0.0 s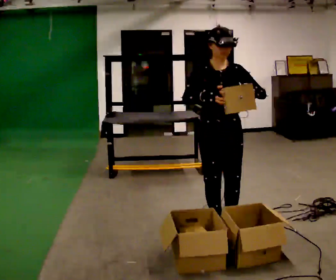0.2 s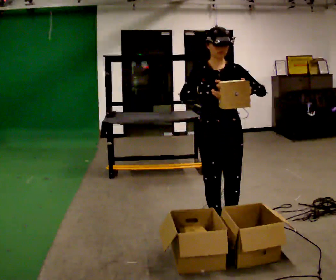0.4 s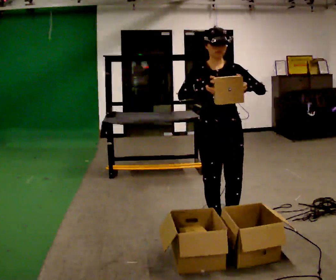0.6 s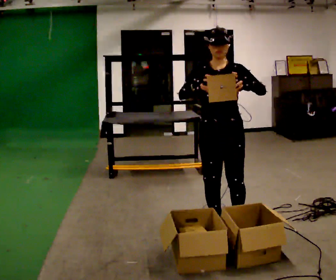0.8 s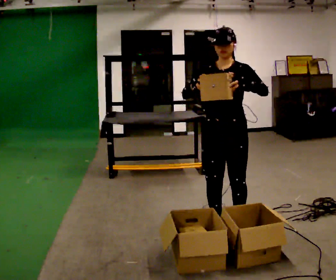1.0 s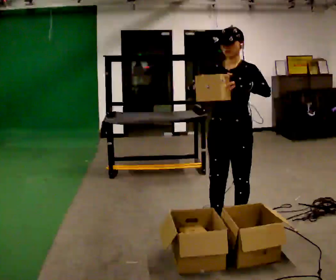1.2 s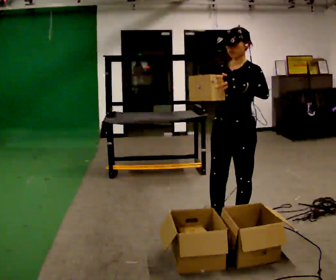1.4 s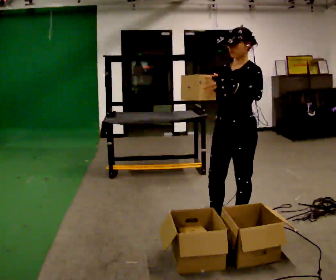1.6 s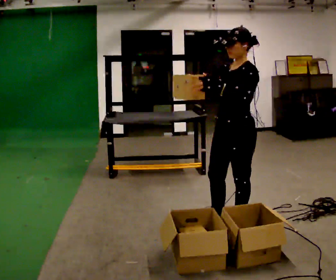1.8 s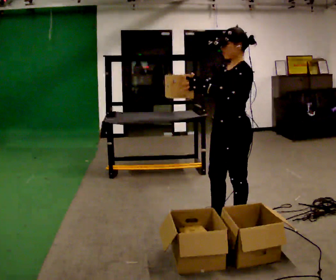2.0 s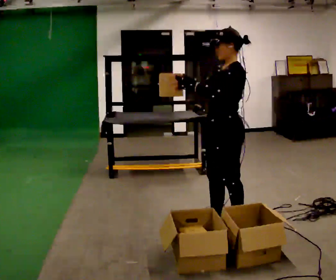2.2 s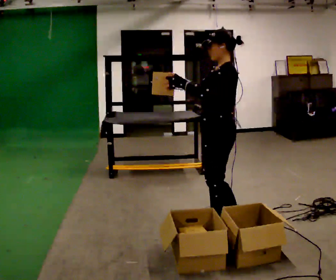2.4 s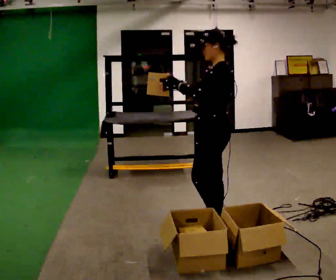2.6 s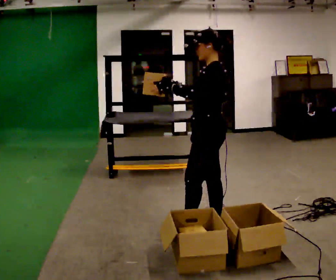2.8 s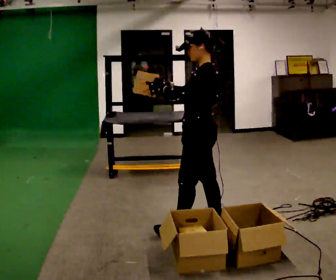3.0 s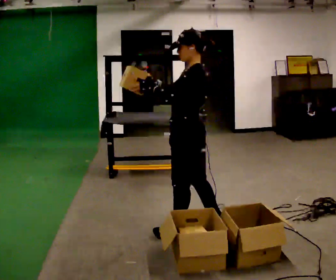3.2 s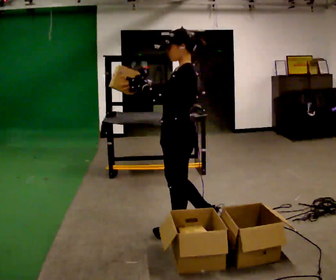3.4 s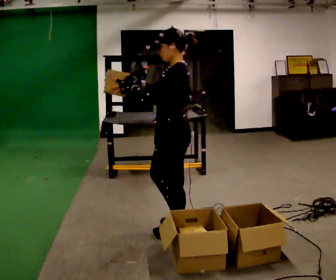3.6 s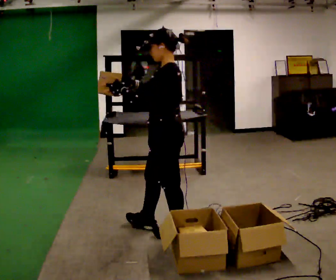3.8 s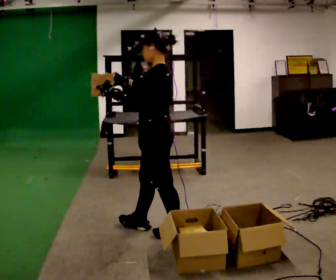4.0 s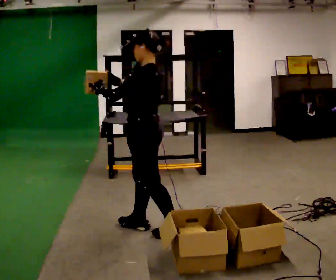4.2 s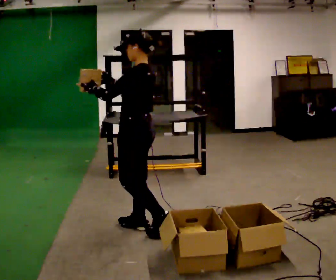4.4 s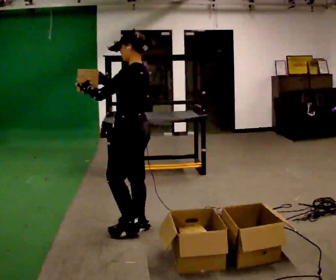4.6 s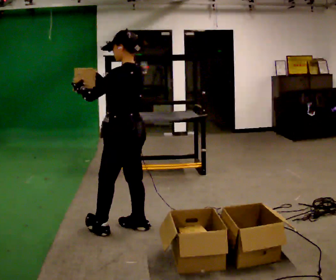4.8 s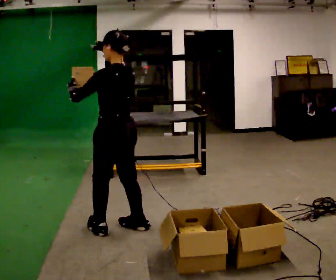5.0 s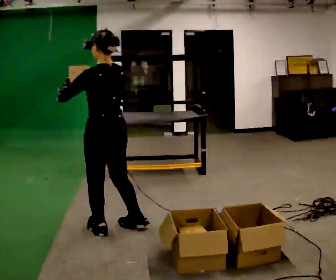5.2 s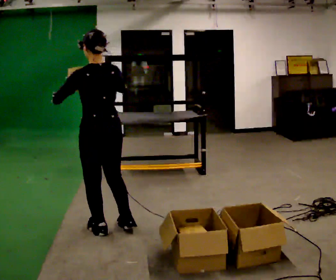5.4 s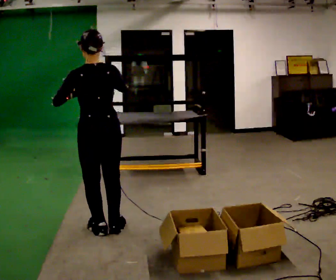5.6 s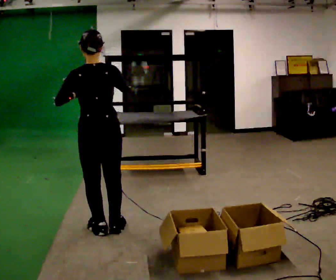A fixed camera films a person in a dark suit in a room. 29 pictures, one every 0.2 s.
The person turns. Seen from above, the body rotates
clockwise.
The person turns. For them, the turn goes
to their right.
0.0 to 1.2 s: The person turns about 45 degrees to their right, clockwise seen from above, so the part of the body nearest the lens slides to the left.
1.2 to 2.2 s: The part of the body nearest the lens slides to the left as the person turns to their right by about 45 degrees. In the picture their left hand goes to the left.
2.2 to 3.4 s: In the picture they go to the left, about 0.25 m in 1 step, which for them is forward and to their left.
3.4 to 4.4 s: In the picture they go to the left, about 0.25 m in 1 step, which for them is forward.
4.4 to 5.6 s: The person turns about 60 degrees to their right, clockwise seen from above, so the part of the body nearest the lens slides to the left. In the picture they go to the left, about 0.25 m in 2 steps.
The film runs forward here.
